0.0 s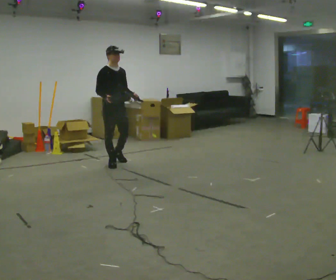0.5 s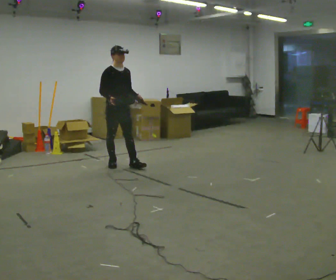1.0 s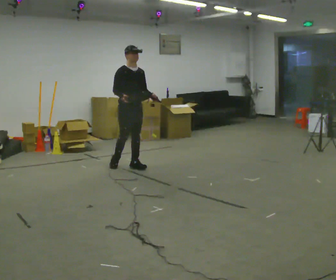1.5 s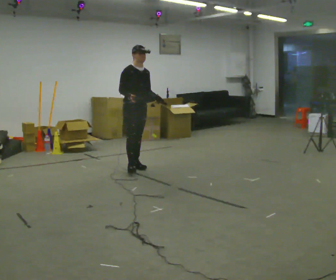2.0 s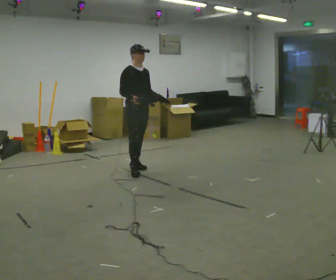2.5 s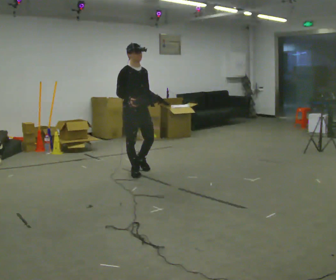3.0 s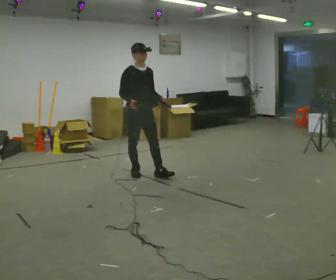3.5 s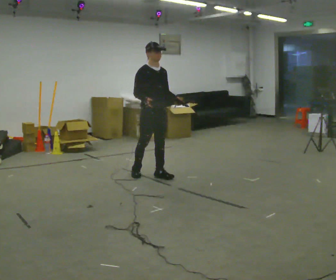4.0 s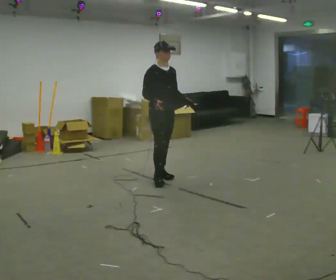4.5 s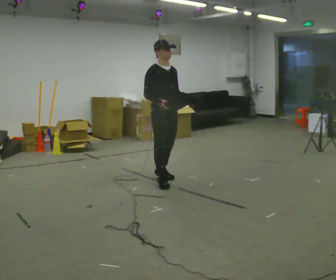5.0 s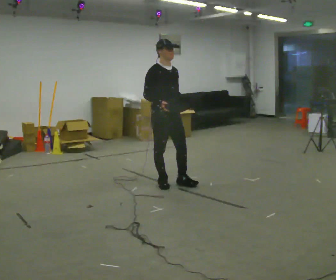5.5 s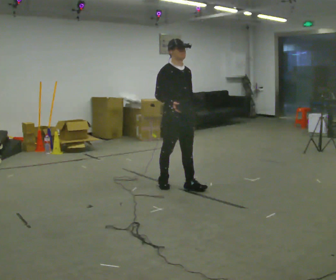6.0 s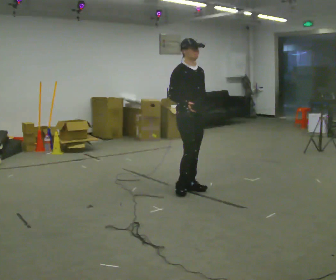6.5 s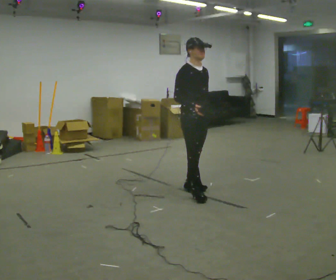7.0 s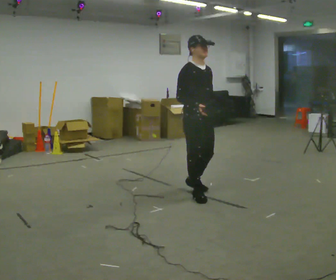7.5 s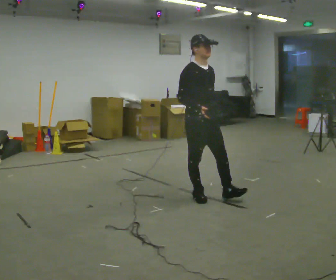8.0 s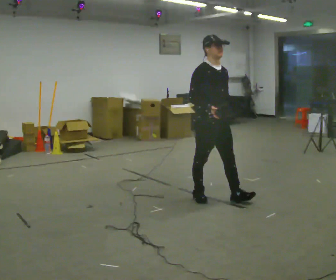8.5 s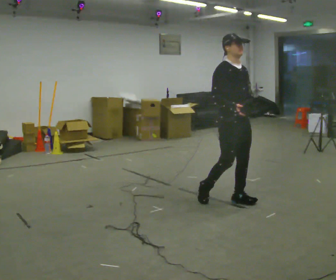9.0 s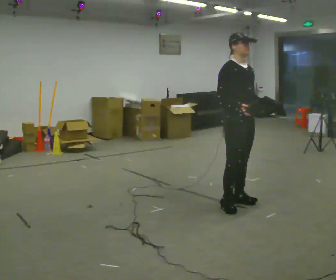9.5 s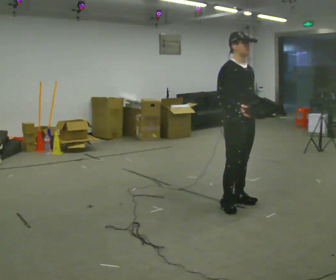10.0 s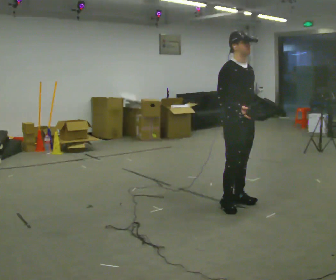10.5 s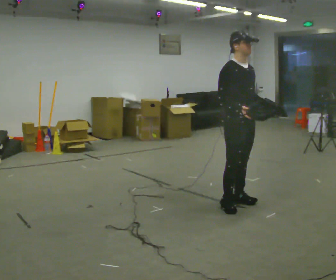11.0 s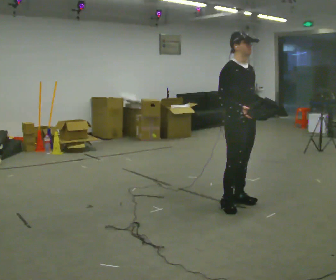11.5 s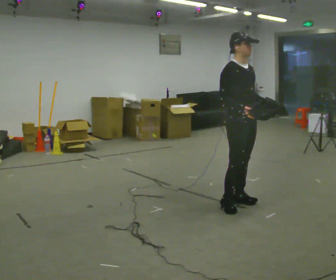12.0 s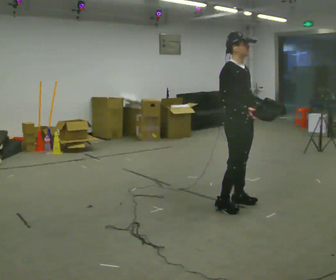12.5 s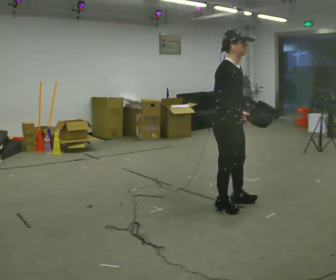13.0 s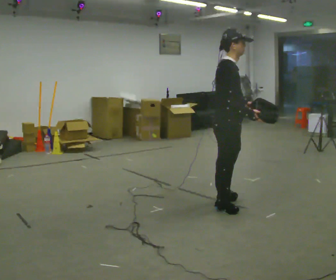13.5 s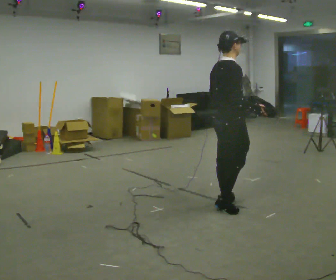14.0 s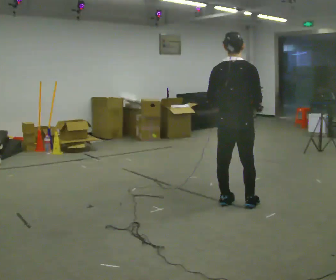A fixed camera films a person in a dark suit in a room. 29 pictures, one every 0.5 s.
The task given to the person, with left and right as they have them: Carry the box with its lid hanging open across the room, back and forth.
0.0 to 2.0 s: In the picture they go to the right and toward the camera, about 0.5 m in 2 steps, which for them is forward.
2.0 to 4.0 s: In the picture they go toward the camera and to the right, about 0.5 m in 1 step, which for them is forward.
4.0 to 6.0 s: In the picture they go toward the camera and to the right, about 0.5 m in 2 steps, which for them is forward.
6.0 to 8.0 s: In the picture they go toward the camera and to the right, about 0.5 m in 2 steps, which for them is forward and to their right.
8.0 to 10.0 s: In the picture they go to the right and toward the camera, about 0.25 m in 1 step, which for them is forward.
10.0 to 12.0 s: The person moves a little, or ends about where they began.
12.0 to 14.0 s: The person turns about 105 degrees to their left, counterclockwise seen from above, so the part of the body nearest the lens slides to the right. In the picture their left hand goes to the left, the arm swinging clockwise.
The film runs forward here.
